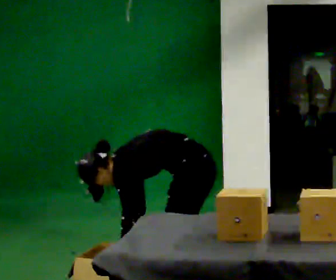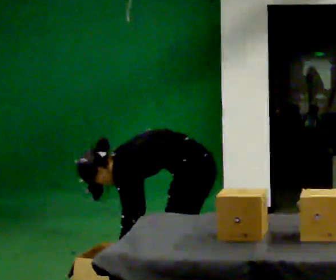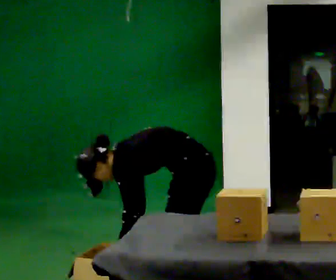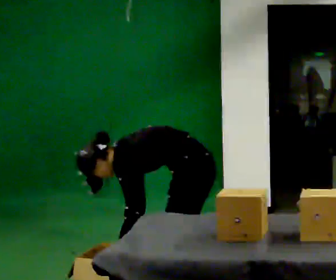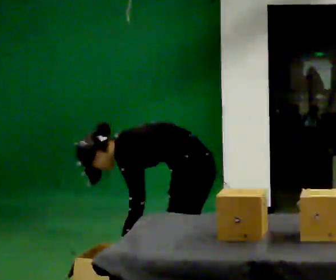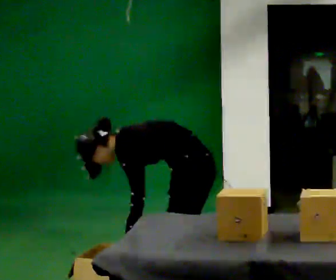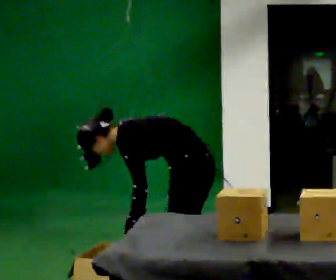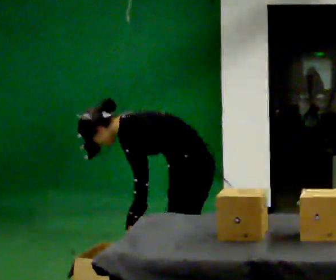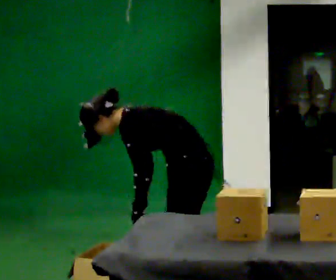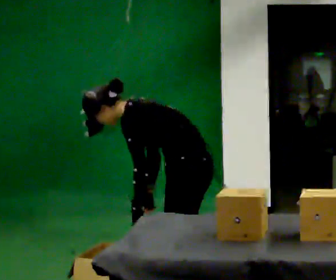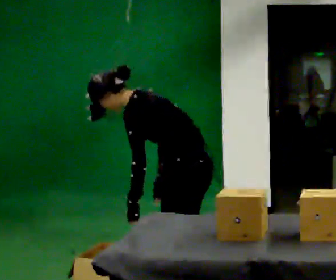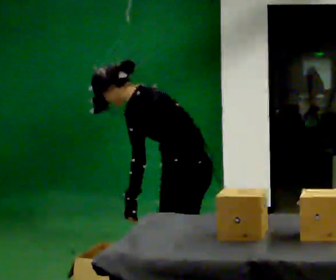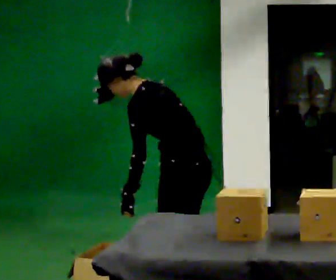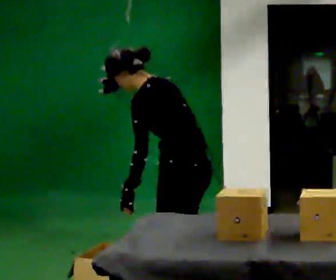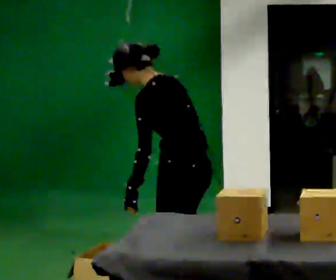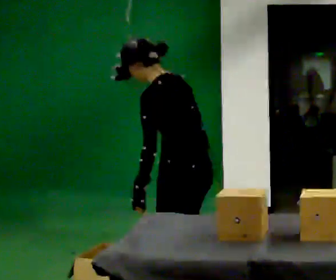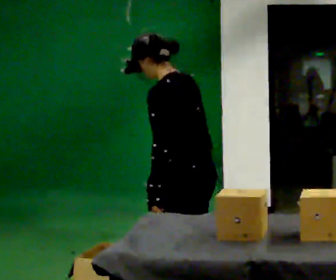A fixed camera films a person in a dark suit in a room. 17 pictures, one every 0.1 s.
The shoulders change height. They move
upward.
Their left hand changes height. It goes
upward.
0.0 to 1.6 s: The part of the body nearest the lens slides to the left as the person turns to their right by about 30 degrees. In the picture they go toward the camera, about 0.25 m in 1 step, which for them is to their left. The upper body goes upward. In the picture the upper body tilts clockwise, shoulders to the right, as they lean back or straighten. In the picture their right hand goes upward and to the right.
The film runs backward here.
